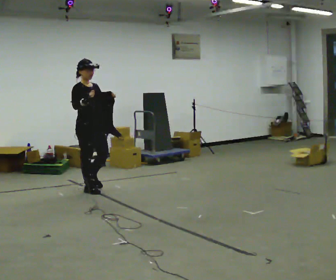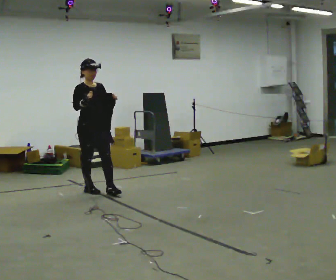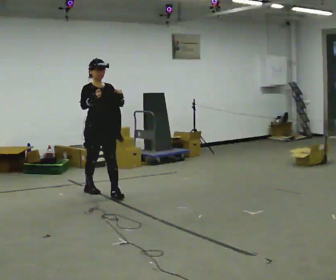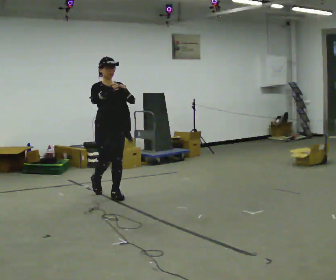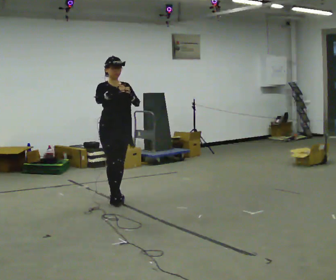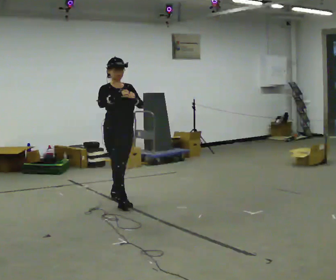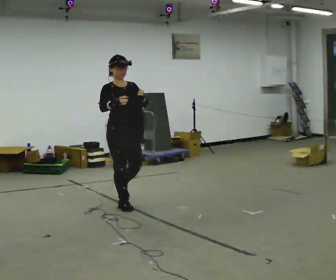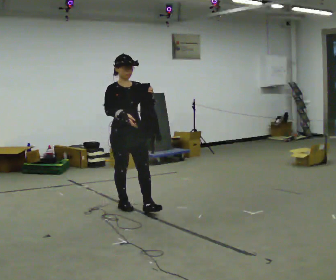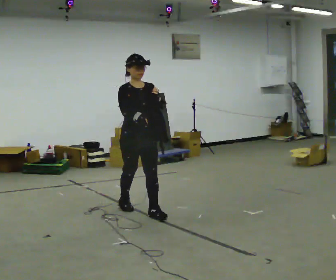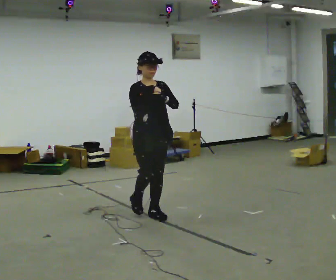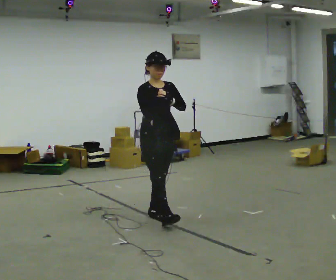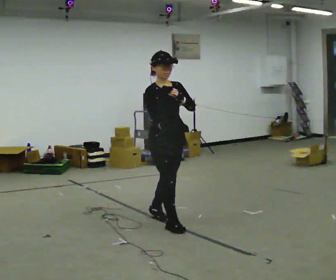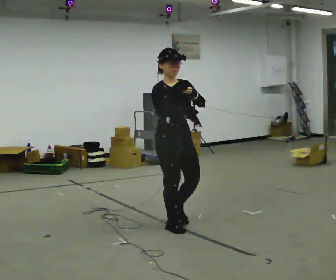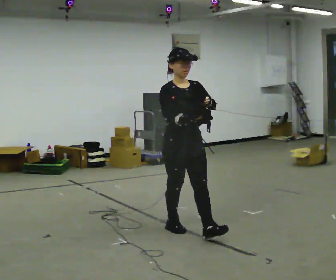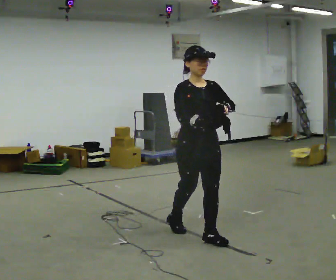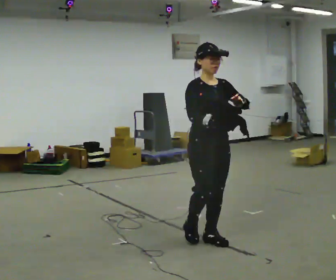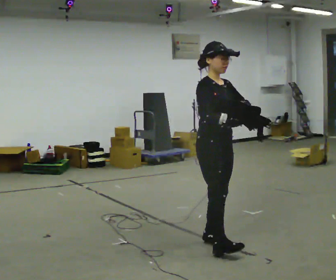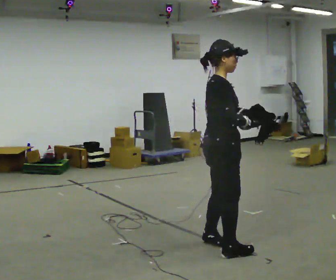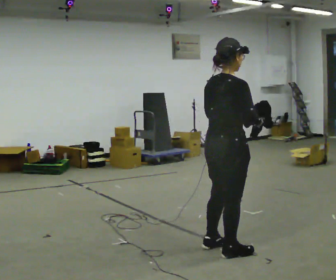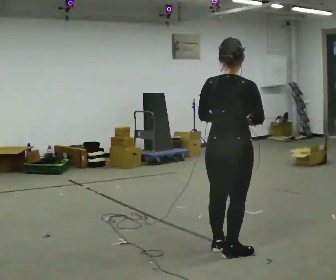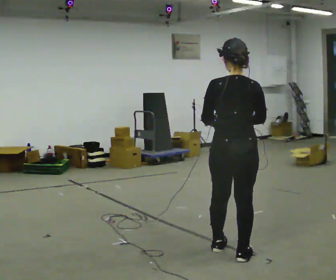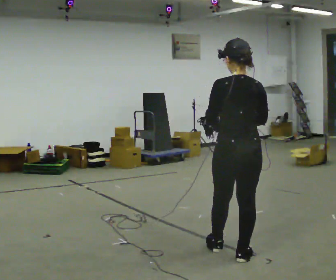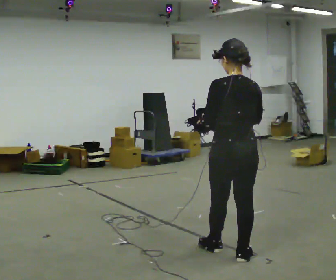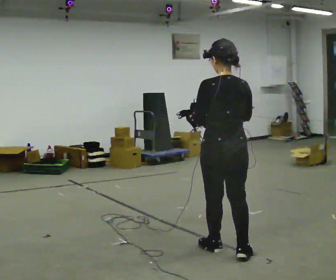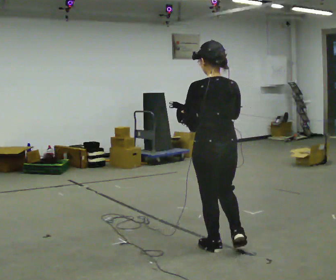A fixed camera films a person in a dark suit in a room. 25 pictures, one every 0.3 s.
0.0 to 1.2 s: The part of the body nearest the lens slides to the left as the person turns to their right by about 30 degrees. In the picture they go to the right and toward the camera, about 0.5 m in 1 step, which for them is forward.
1.2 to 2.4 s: In the picture they go toward the camera and to the right, about 0.75 m in 2 steps, which for them is forward.
2.4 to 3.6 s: In the picture they go toward the camera and to the right, about 0.75 m in 1 step, which for them is forward.
3.6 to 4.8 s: In the picture they go toward the camera and to the right, about 0.5 m in 1 step, which for them is forward.
4.8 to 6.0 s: The part of the body nearest the lens slides to the right as the person turns to their left by about 135 degrees. In the picture they go toward the camera, about 0.25 m in 3 steps.
6.0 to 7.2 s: The person moves a little, or ends about where they began.
The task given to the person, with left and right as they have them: Carry the cloth and, while walking, fold it in half, then unfold it. Keep repeating as you walk. Do not stop.
The film runs forward here.
